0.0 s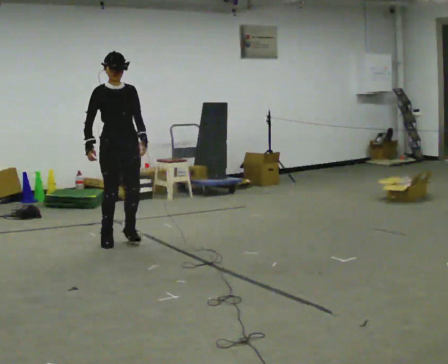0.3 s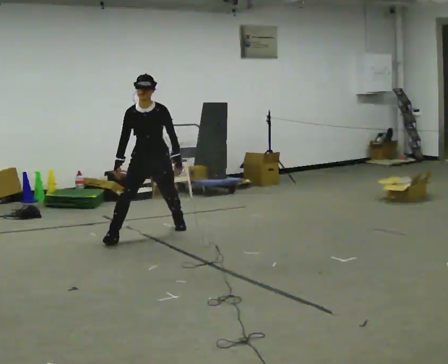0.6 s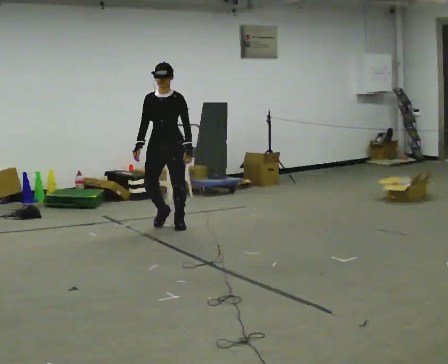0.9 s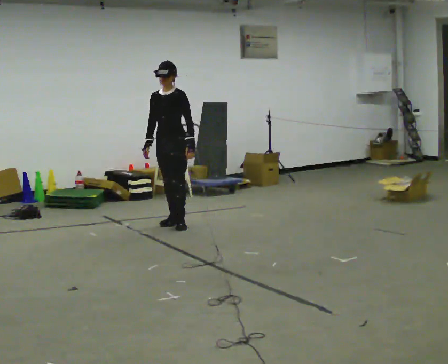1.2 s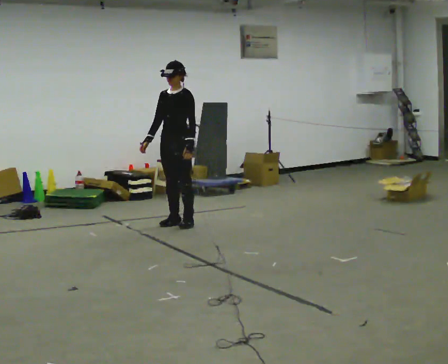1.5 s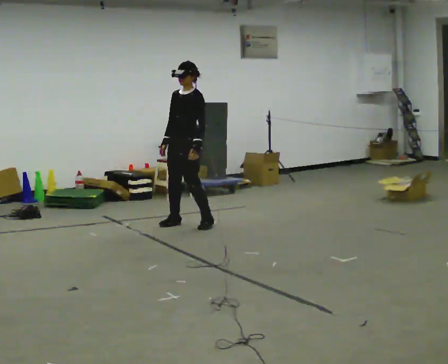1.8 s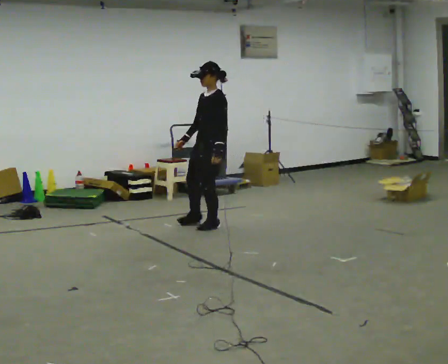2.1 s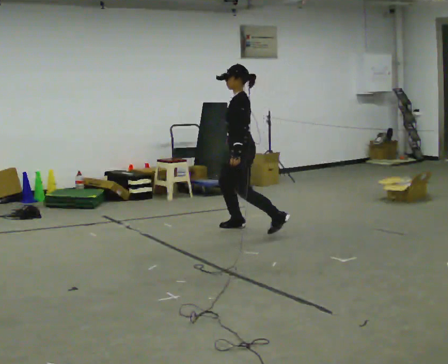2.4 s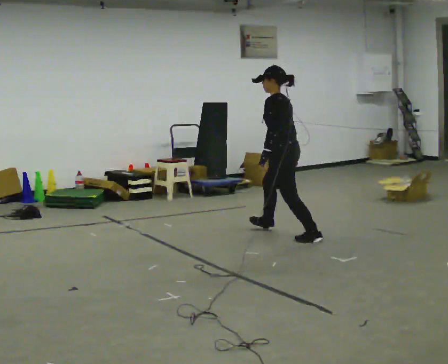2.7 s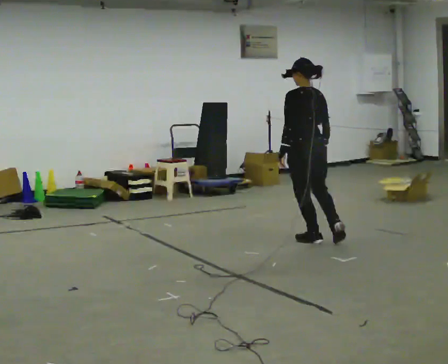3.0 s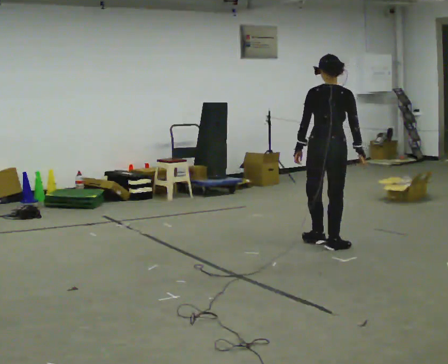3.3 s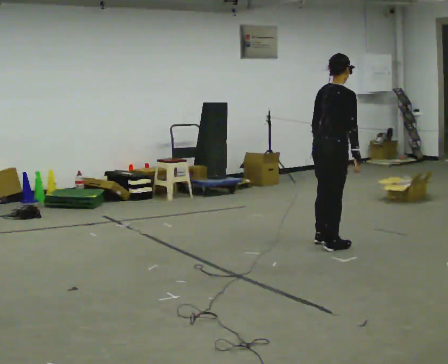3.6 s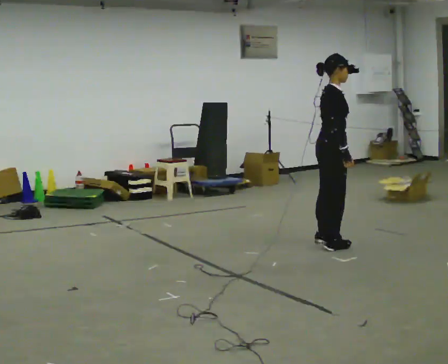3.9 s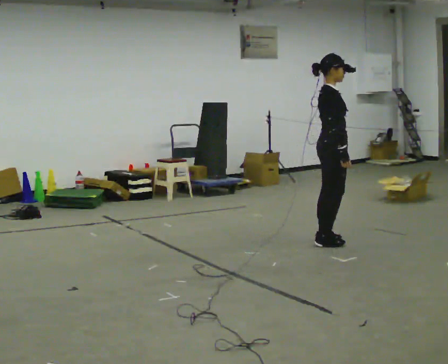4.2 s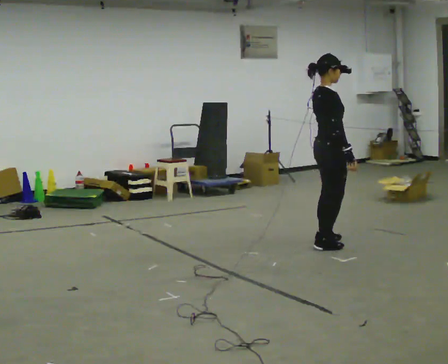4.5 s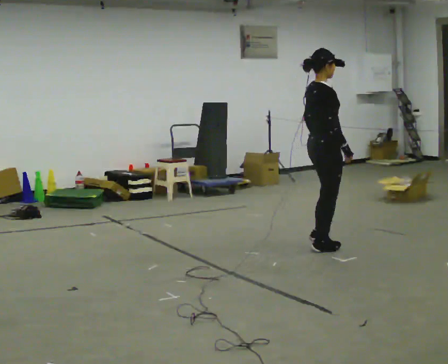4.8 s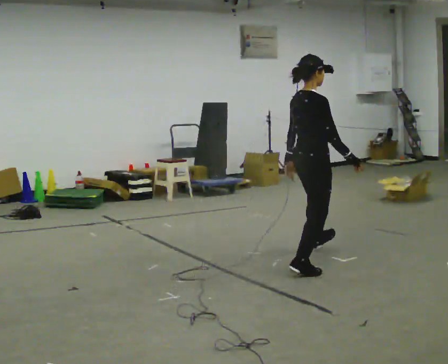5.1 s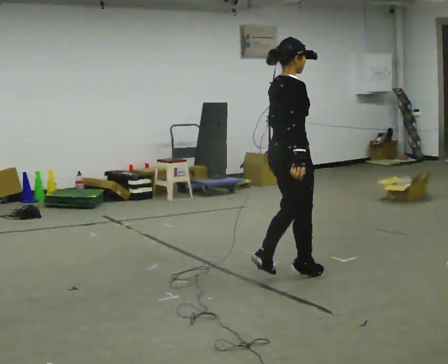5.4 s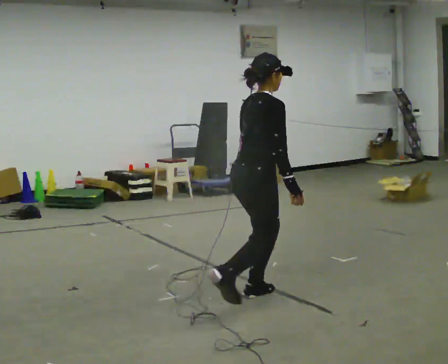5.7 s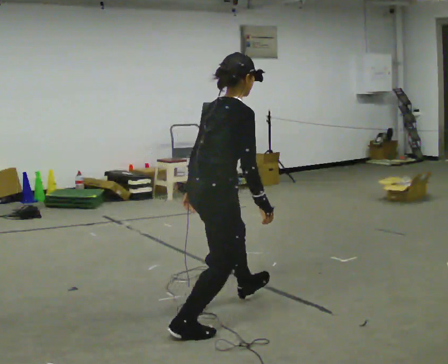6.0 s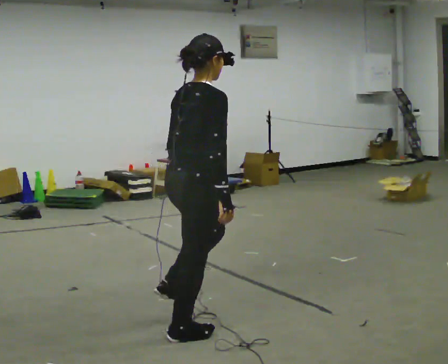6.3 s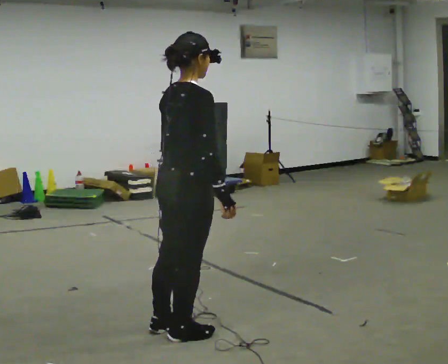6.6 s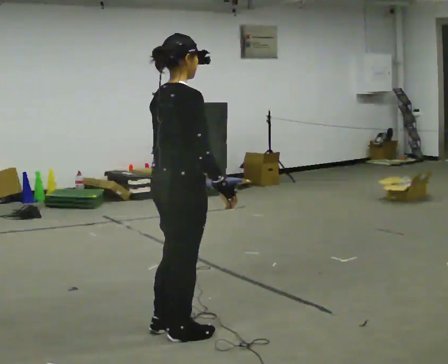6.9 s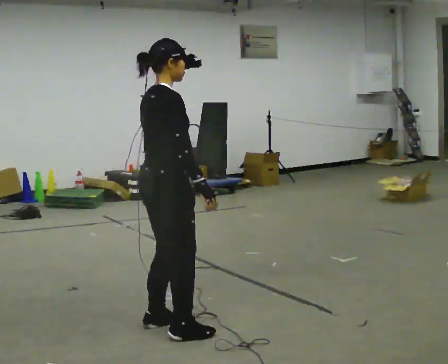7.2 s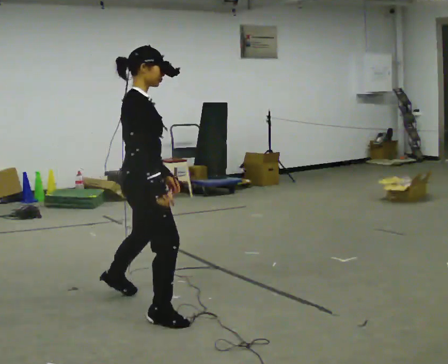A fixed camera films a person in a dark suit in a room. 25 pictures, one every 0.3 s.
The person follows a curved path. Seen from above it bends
clockwise.
0.0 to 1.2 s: The part of the body nearest the lens slides to the left as the person turns to their right by about 75 degrees. In the picture they go away from the camera, about 1 m in 1 step.
1.2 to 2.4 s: Seen from above the body turns clockwise, about 75 degrees: to their right, with its near side sliding to the left. In the picture they go to the right and toward the camera, about 1 m in 4 steps.
2.4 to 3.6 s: The part of the body nearest the lens slides to the left as the person turns to their right by about 165 degrees. In the picture they go to the right and toward the camera, about 0.5 m. In the picture the upper body tilts clockwise, shoulders to the right.
3.6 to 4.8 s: In the picture they go toward the camera, about 0.75 m in 4 steps, which for them is to their right and backward.
4.8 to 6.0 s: In the picture they go toward the camera and to the left, about 1.5 m in 2 steps, which for them is backward and to their right.
6.0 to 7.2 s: Seen from above the body turns clockwise, about 30 degrees: to their right, with its near side sliding to the left. In the picture they go to the left and away from the camera, about 0.5 m in 2 steps, which for them is to their left.
The film runs backward here.
